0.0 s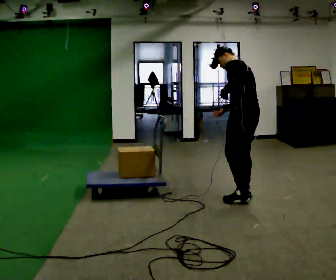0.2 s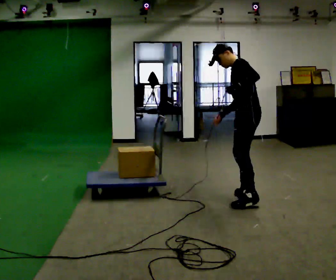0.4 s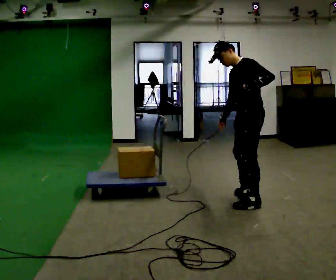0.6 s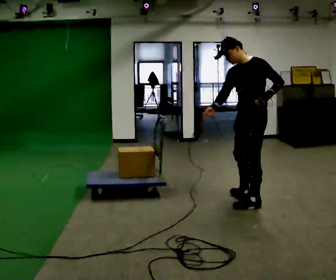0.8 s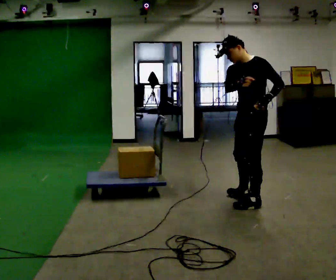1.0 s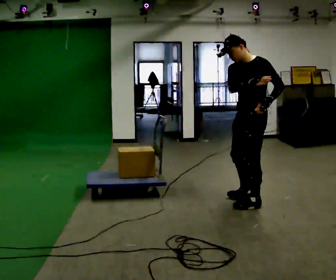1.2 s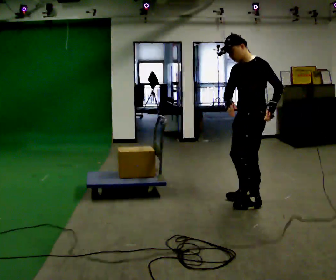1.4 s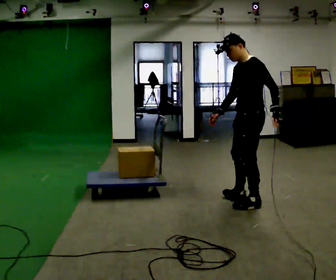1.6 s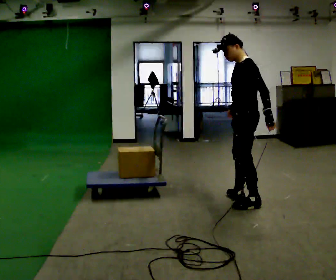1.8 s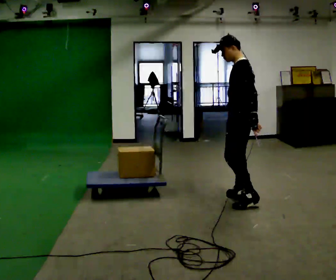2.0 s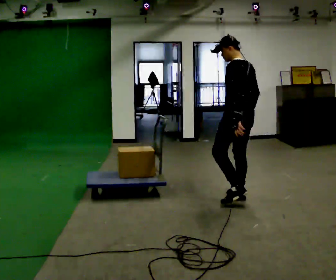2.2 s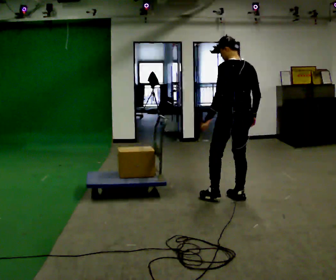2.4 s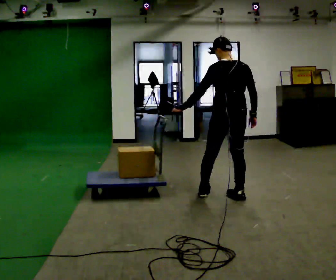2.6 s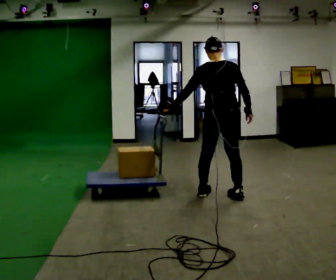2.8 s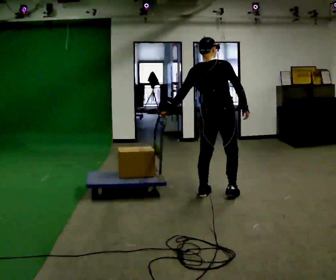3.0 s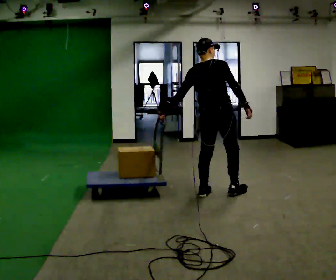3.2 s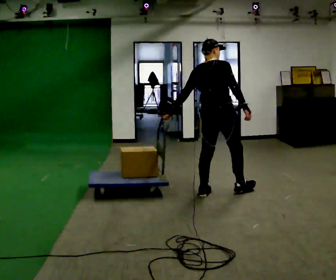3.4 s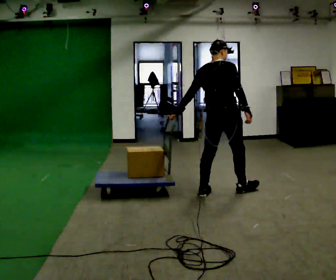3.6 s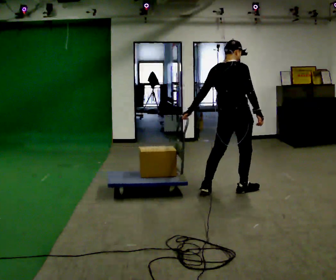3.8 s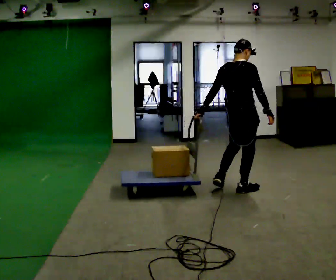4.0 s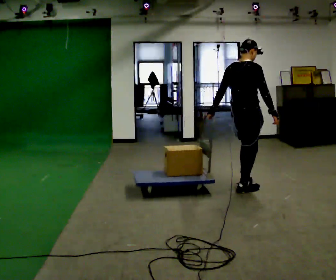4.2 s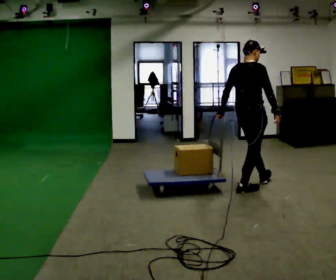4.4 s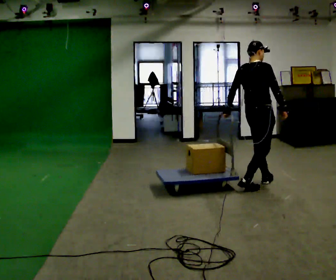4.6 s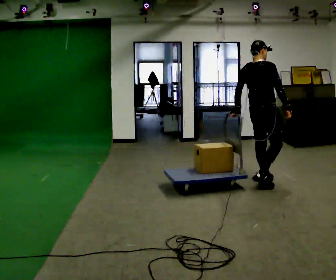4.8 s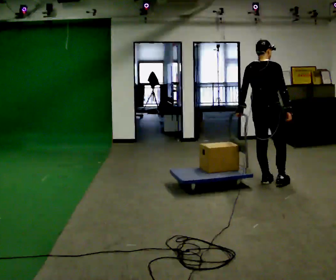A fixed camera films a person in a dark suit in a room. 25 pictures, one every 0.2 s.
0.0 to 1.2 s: Seen from above the body turns counterclockwise, about 45 degrees: to their left, with its near side sliding to the right. In the picture they go toward the camera, about 0.25 m in 1 step. The upper body tips toward the camera, its near side rolling downward. In the picture their left hand goes to the right.
1.2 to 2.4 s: The person turns about 90 degrees to their right, clockwise seen from above, so the part of the body nearest the lens slides to the left. In the picture they go to the left and away from the camera, about 0.25 m in 1 step.
2.4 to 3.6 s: Seen from above the body turns clockwise, about 45 degrees: to their right, with its near side sliding to the left. In the picture they go away from the camera, about 0.25 m in 1 step, which for them is forward.
3.6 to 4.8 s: In the picture they go to the right and away from the camera, about 0.5 m in 1 step, which for them is forward.
The film runs forward here.
